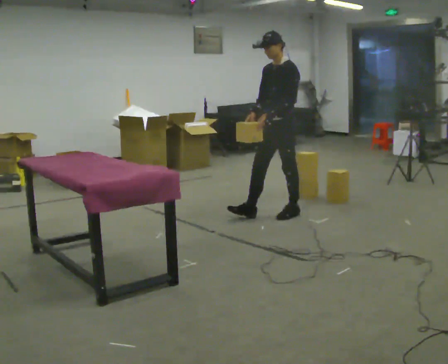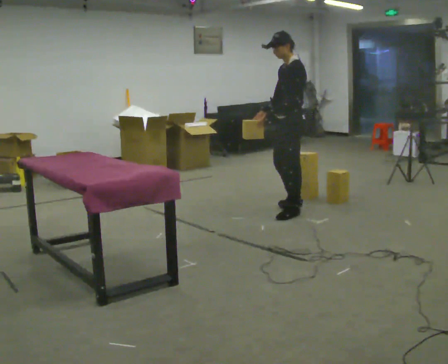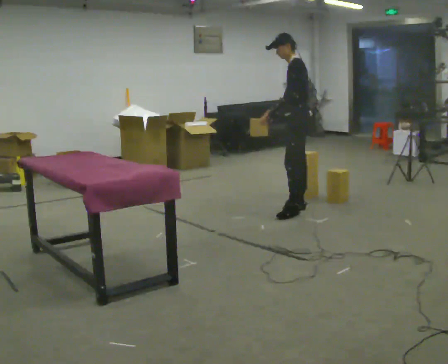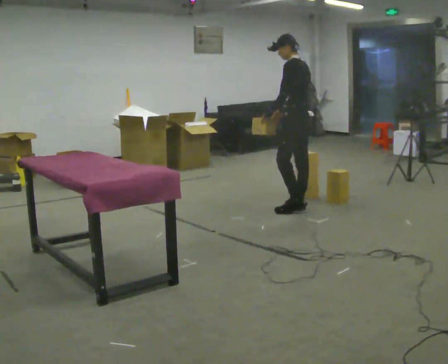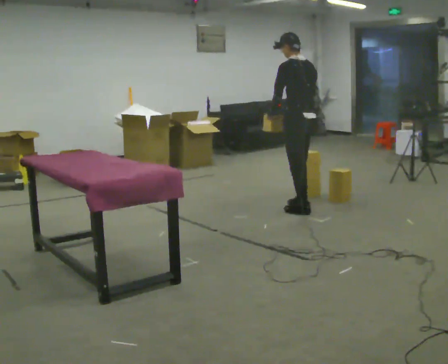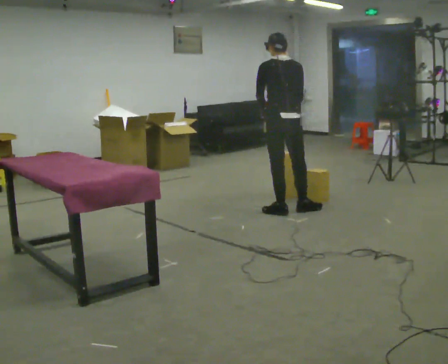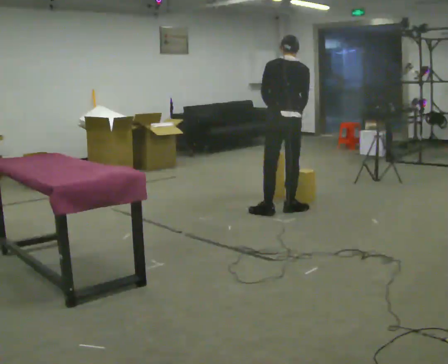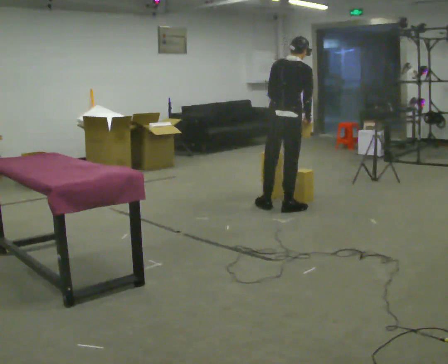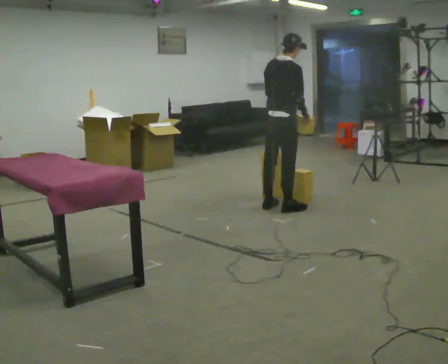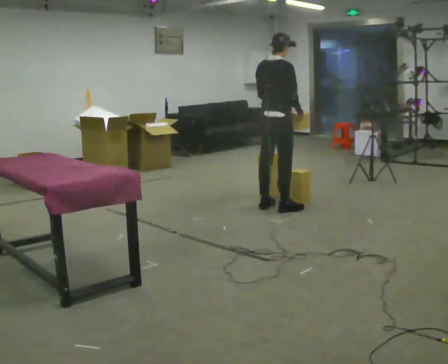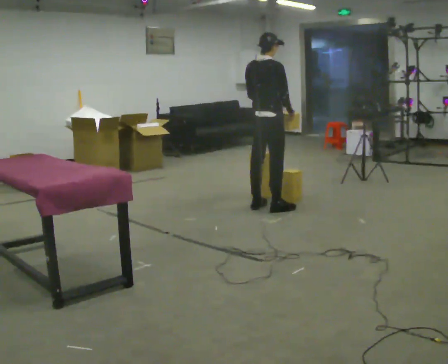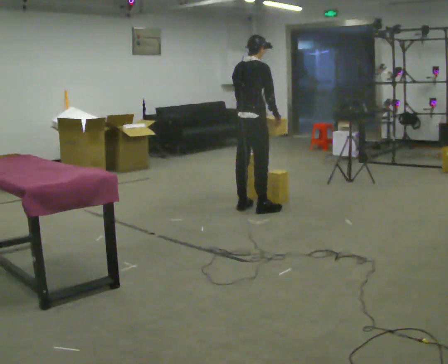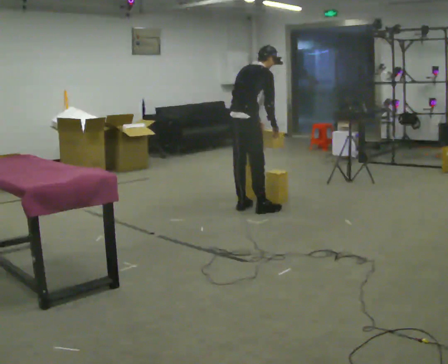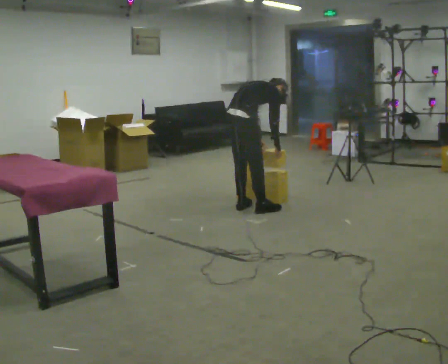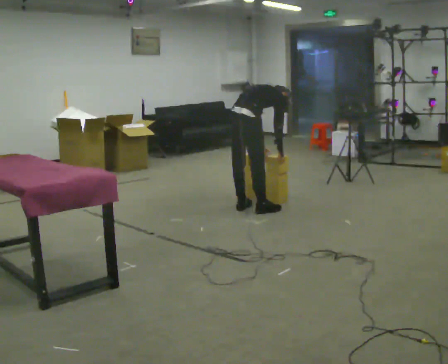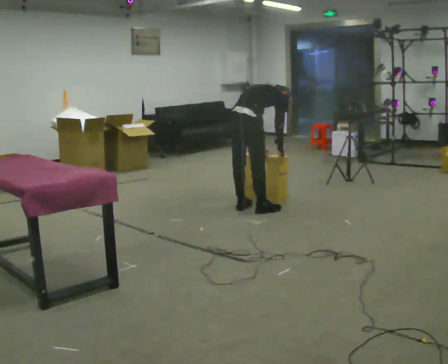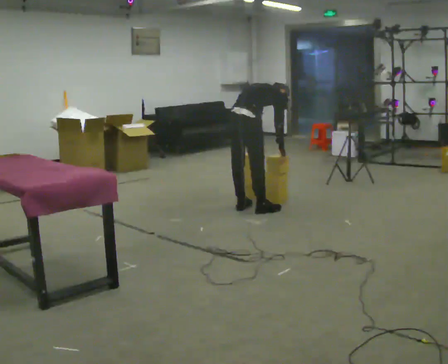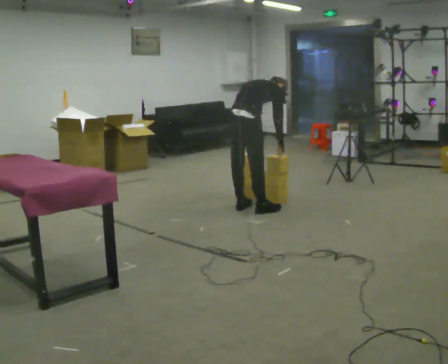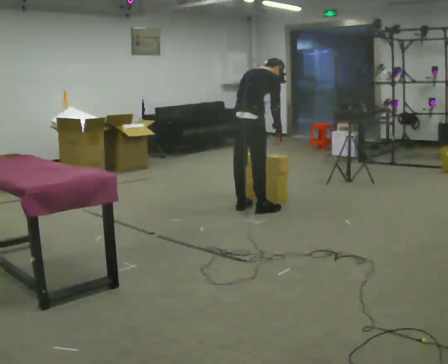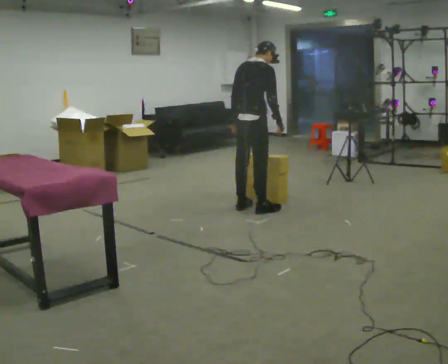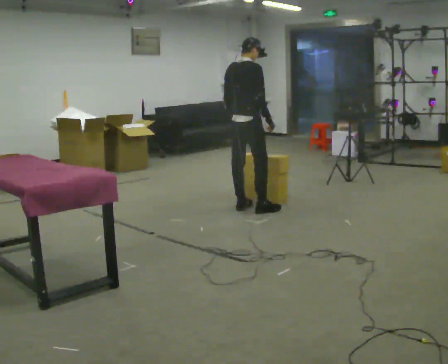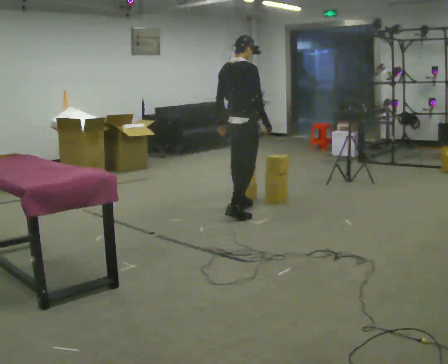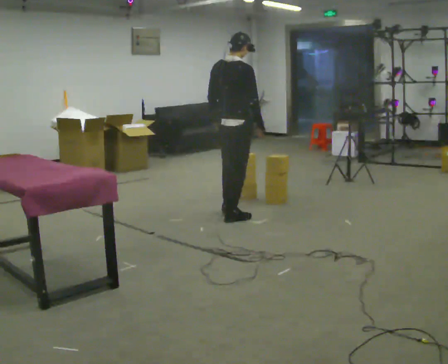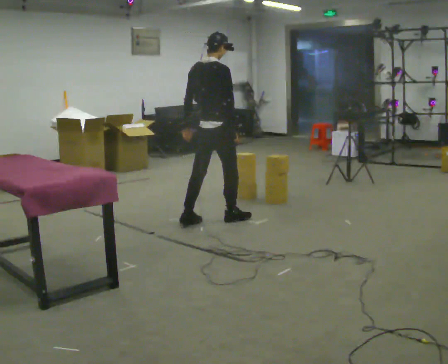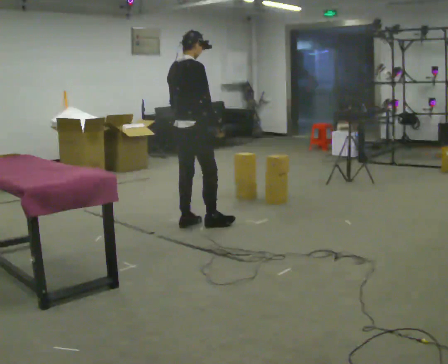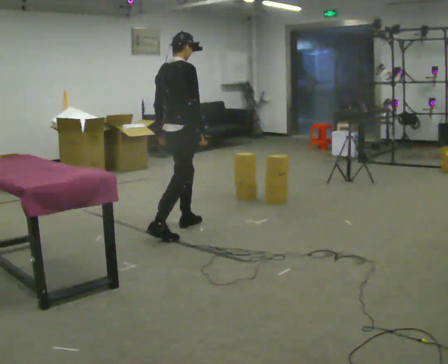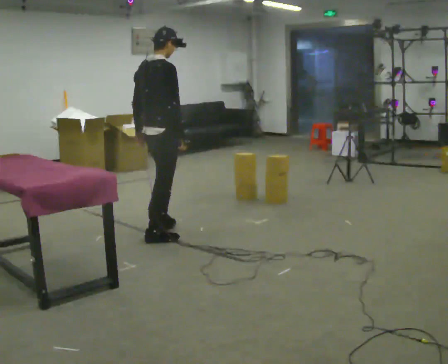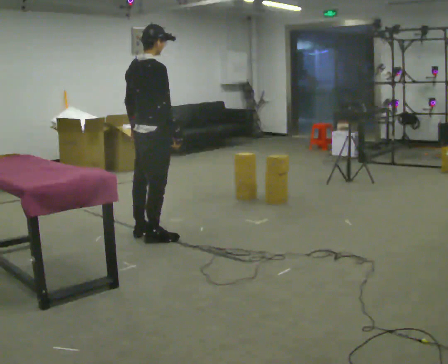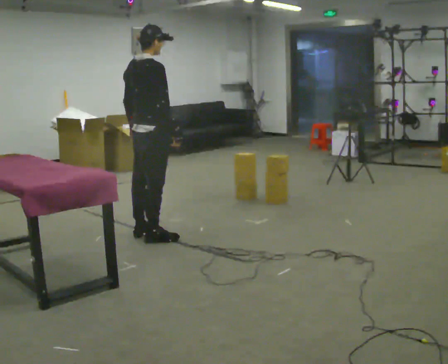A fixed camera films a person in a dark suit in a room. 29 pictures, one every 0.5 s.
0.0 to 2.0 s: Seen from above the body turns clockwise, about 90 degrees: to their right, with its near side sliding to the left. In the picture they go away from the camera, about 0.25 m in 1 step.
2.0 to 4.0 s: The part of the body nearest the lens slides to the left as the person turns to their right by about 90 degrees. In the picture they go to the right, about 0.25 m in 2 steps. In the picture their left hand goes to the right.
4.0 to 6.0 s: The upper body tips away from the camera, its near side rolling upward, as they bend forward.
6.0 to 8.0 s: The upper body goes downward. The upper body tips away from the camera, its near side rolling upward, as they bend forward.
8.0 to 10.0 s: The upper body goes upward. The upper body tips toward the camera, its near side rolling downward, as they lean back or straighten.
10.0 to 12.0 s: In the picture they go toward the camera and to the left, about 0.75 m in 2 steps, which for them is backward.
12.0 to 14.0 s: In the picture they go toward the camera and to the left, about 0.5 m in 1 step, which for them is backward.
The film runs backward here.
